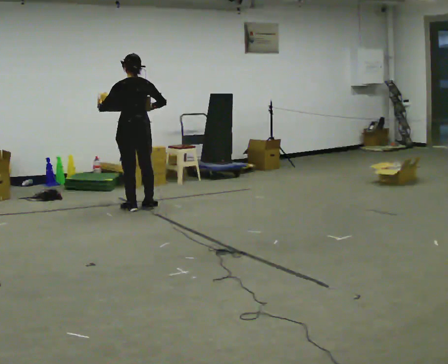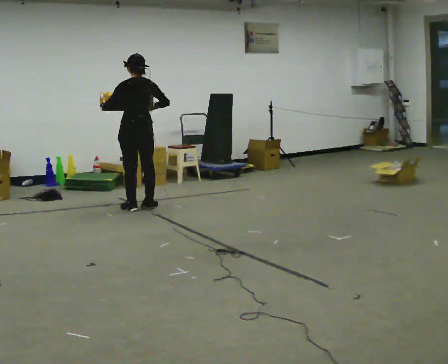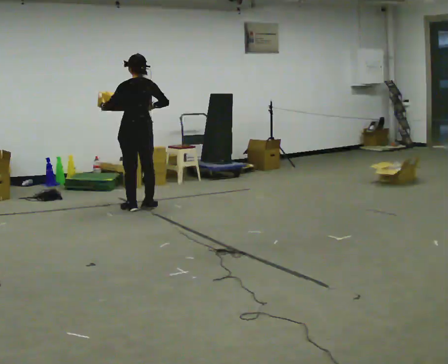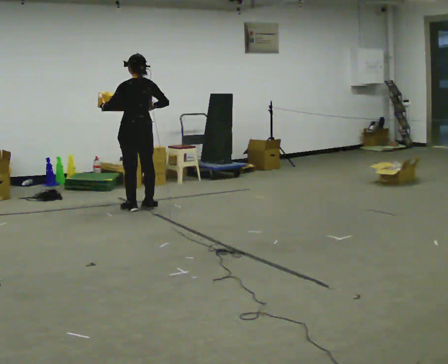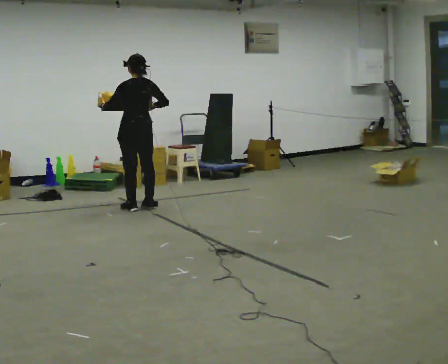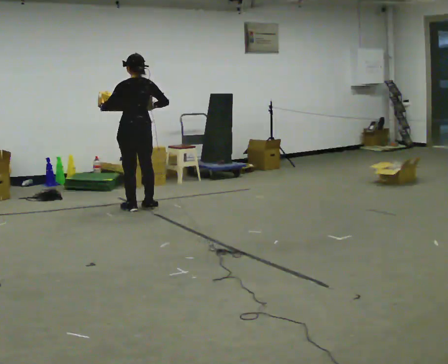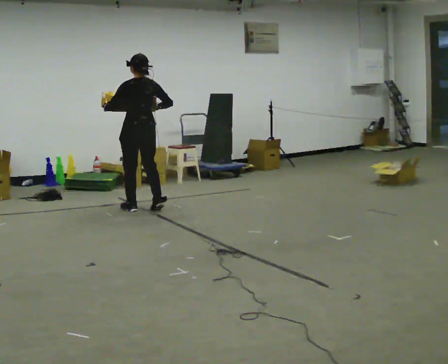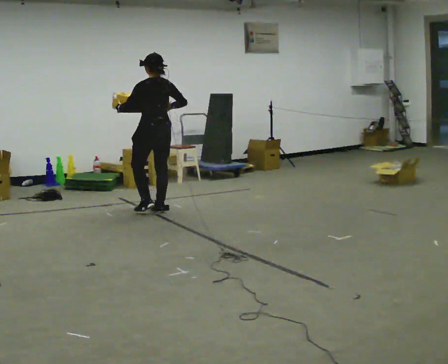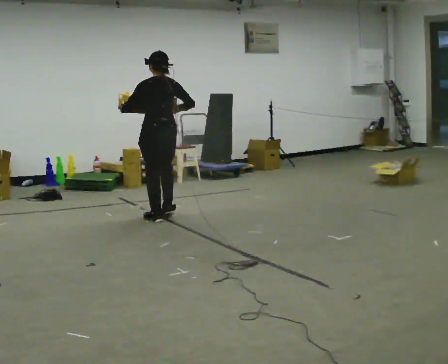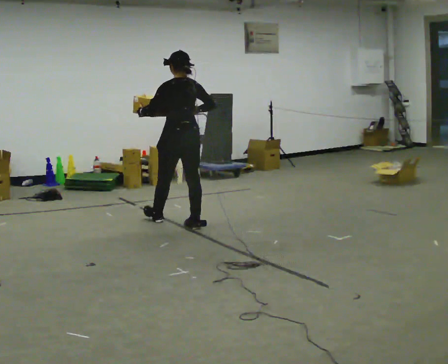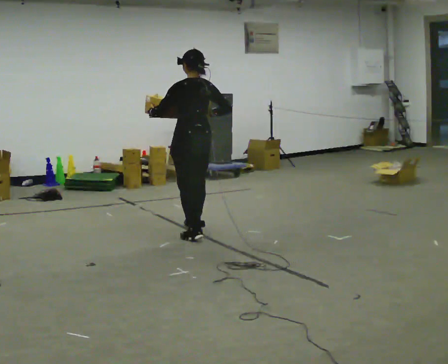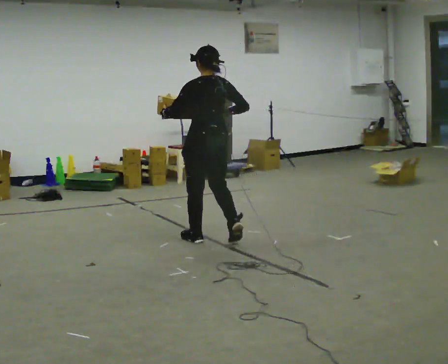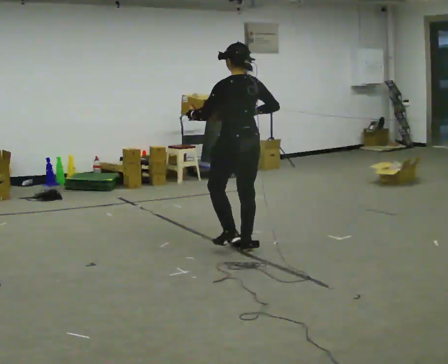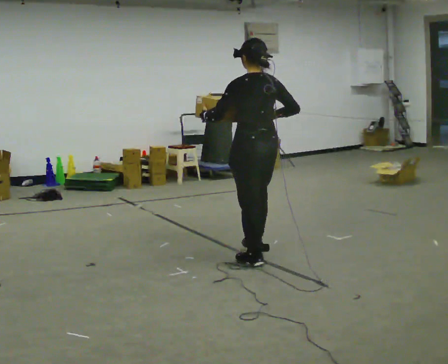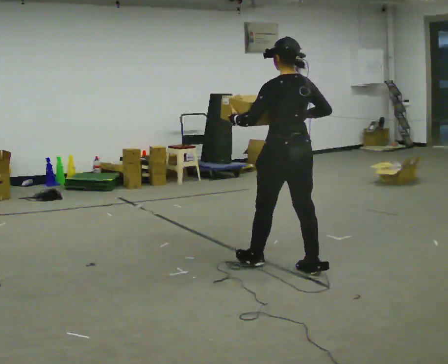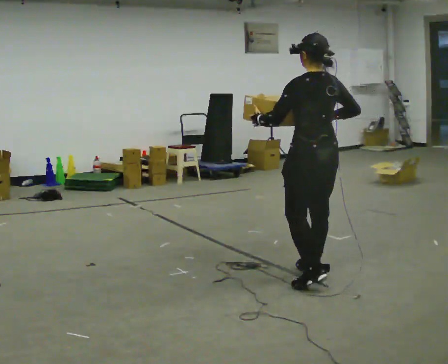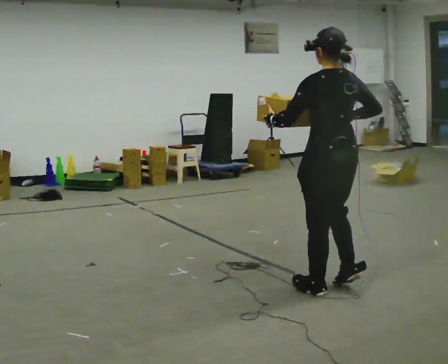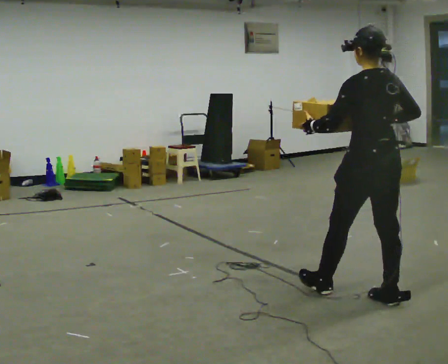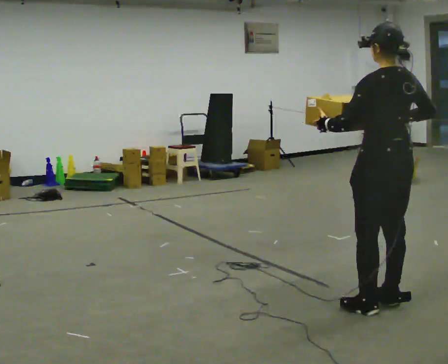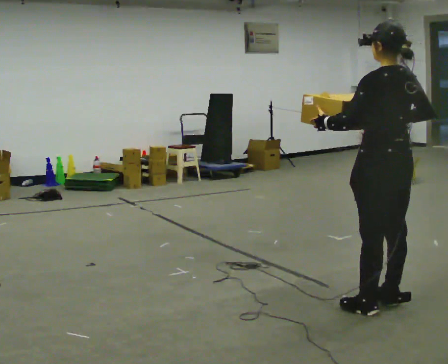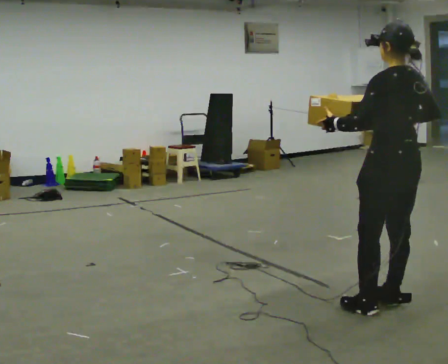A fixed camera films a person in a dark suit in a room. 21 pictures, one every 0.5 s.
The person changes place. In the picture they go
toward the camera.
0.0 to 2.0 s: The person moves a little, or ends about where they began.
2.0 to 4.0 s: In the picture they go toward the camera and to the right, about 0.5 m in 3 steps, which for them is backward.
4.0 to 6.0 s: In the picture they go toward the camera and to the right, about 1.5 m in 3 steps, which for them is backward.
6.0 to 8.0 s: In the picture they go toward the camera and to the right, about 1 m in 3 steps, which for them is backward.
8.0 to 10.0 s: In the picture they go toward the camera and to the right, about 0.5 m in 1 step, which for them is backward.
The film runs backward here.
